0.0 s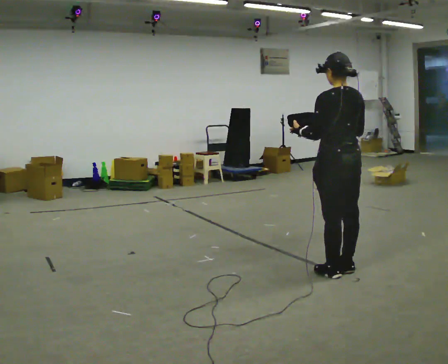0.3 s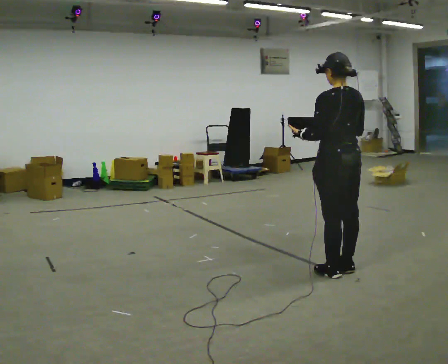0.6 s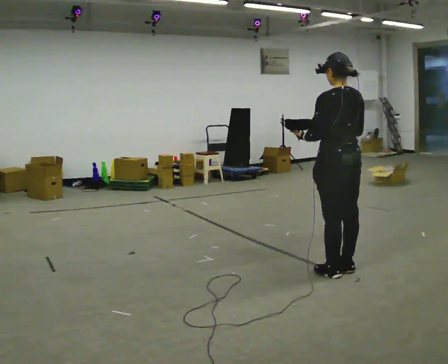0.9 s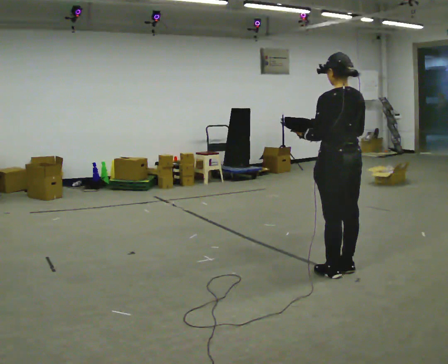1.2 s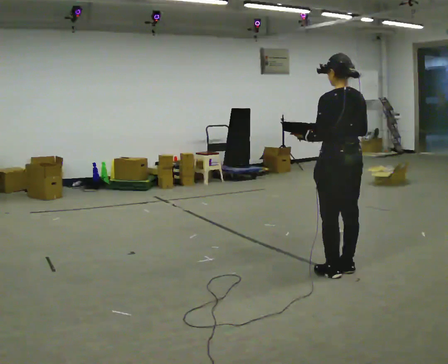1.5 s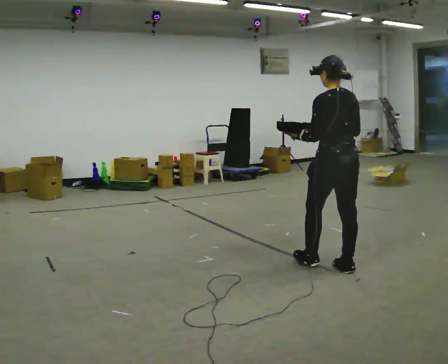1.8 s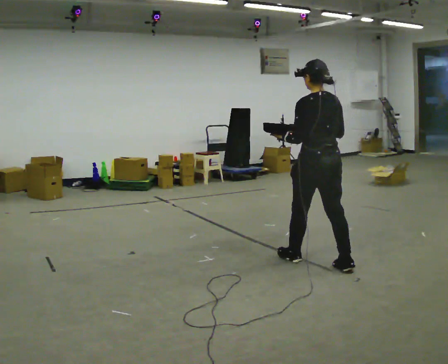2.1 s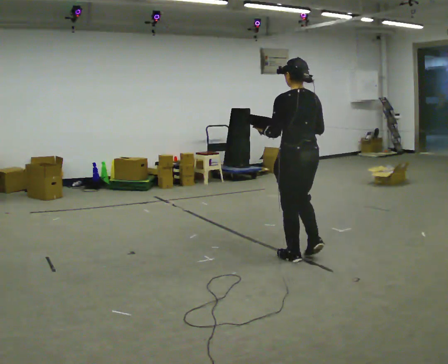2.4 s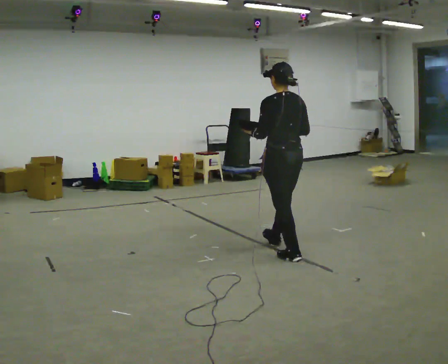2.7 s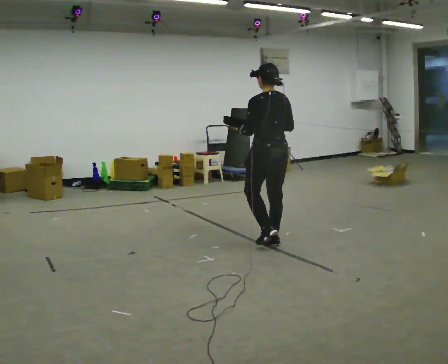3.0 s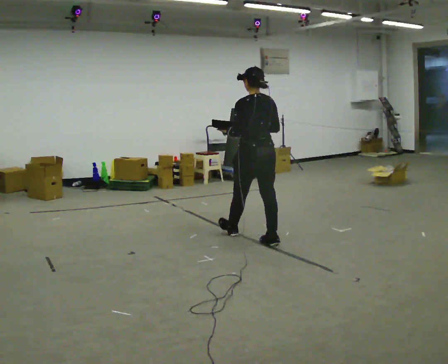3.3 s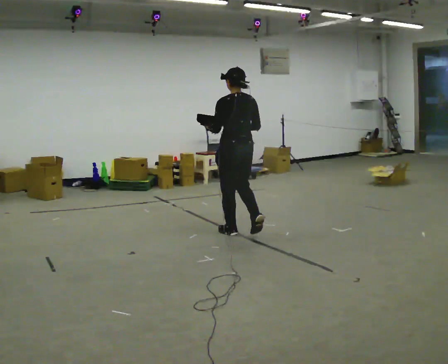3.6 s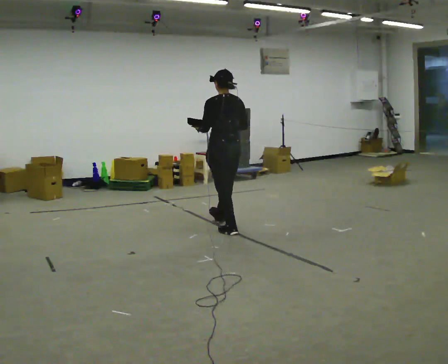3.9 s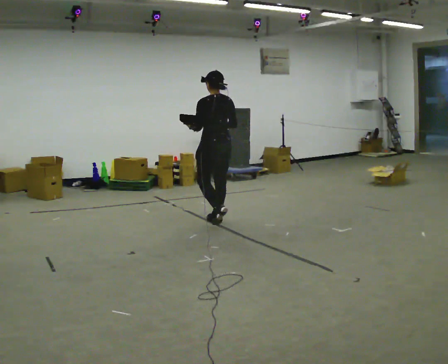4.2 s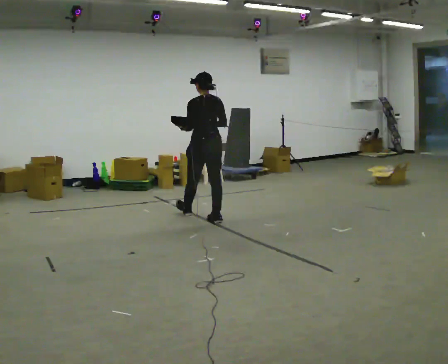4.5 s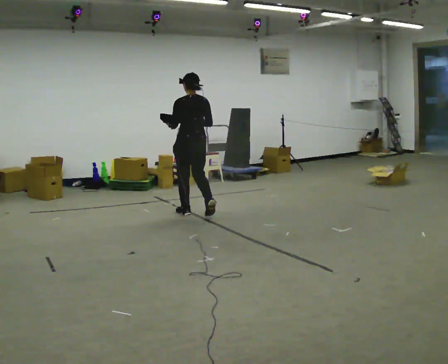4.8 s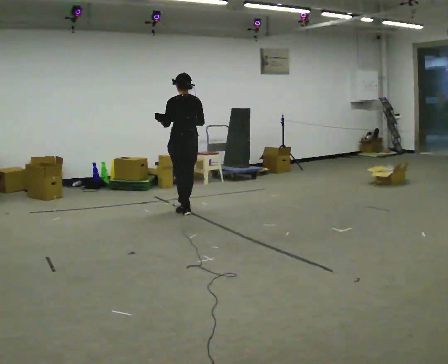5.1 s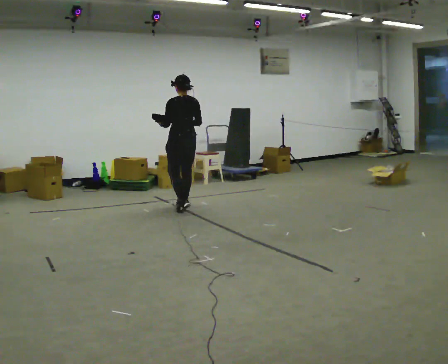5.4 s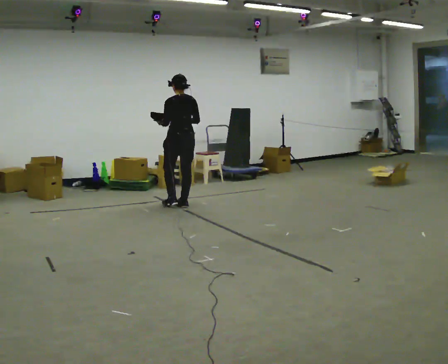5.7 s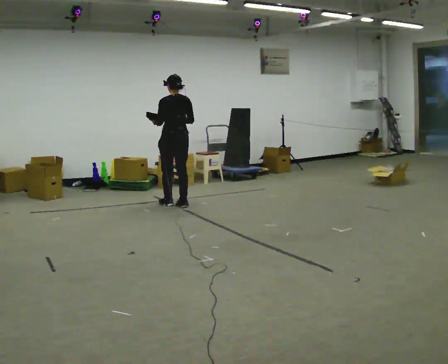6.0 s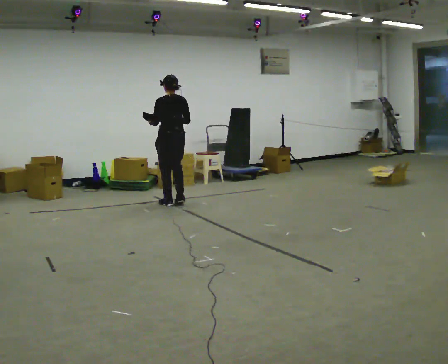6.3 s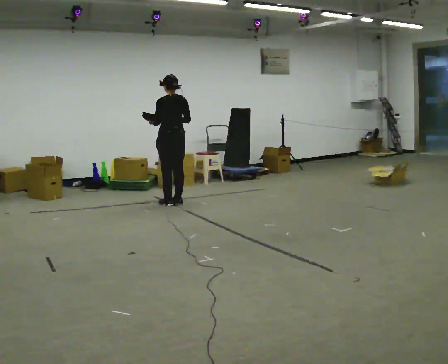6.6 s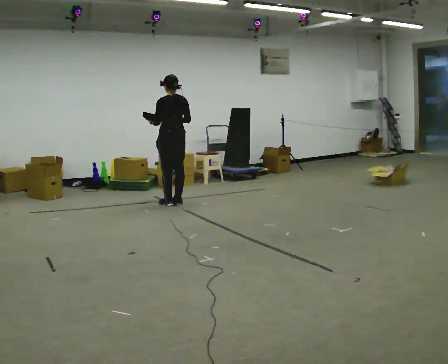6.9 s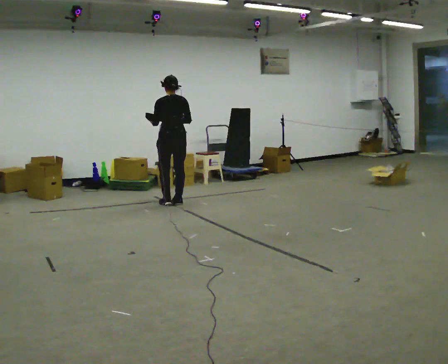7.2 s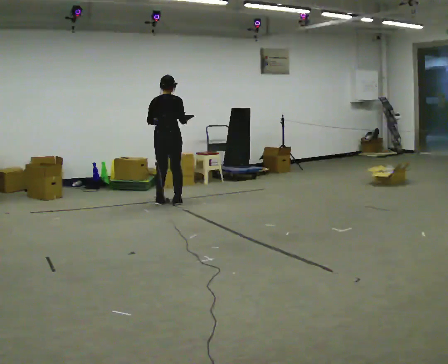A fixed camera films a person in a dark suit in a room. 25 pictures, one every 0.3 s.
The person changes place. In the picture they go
away from the camera.
0.0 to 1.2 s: The person moves a little, or ends about where they began.
1.2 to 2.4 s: In the picture they go away from the camera and to the left, about 0.75 m in 1 step, which for them is forward.
2.4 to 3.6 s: In the picture they go away from the camera and to the left, about 1 m in 2 steps, which for them is forward.
3.6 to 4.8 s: In the picture they go away from the camera and to the left, about 1 m in 2 steps, which for them is forward.
4.8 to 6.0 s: In the picture they go away from the camera and to the left, about 0.5 m in 2 steps, which for them is forward.
6.0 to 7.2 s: Seen from above the body turns clockwise, about 45 degrees: to their right, with its near side sliding to the left.
The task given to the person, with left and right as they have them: Carry the box with its lid hanging open across the room, back and forth.
The film runs forward here.
